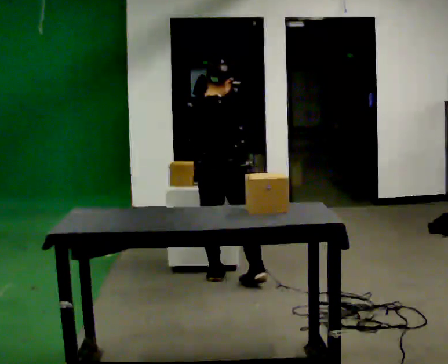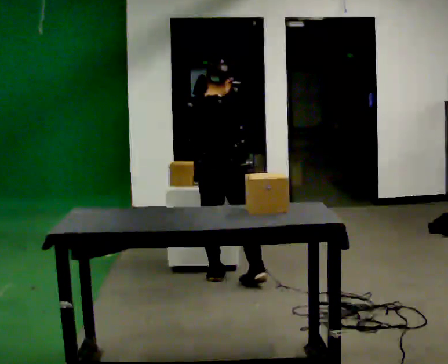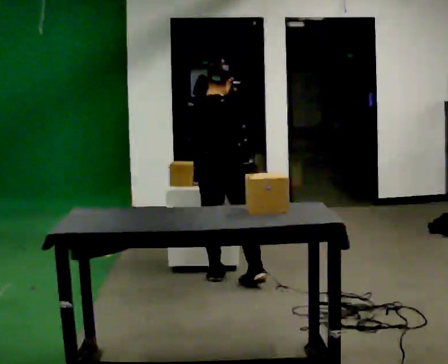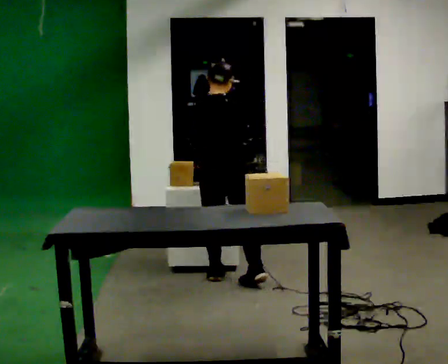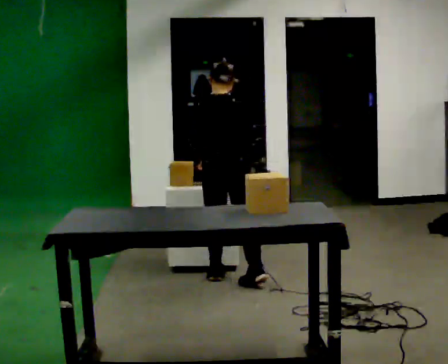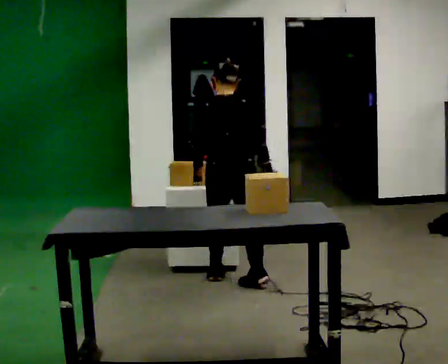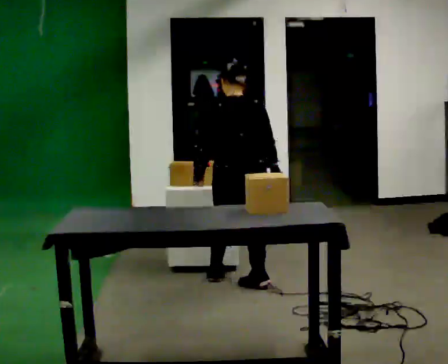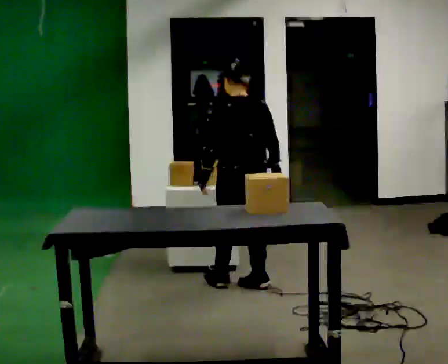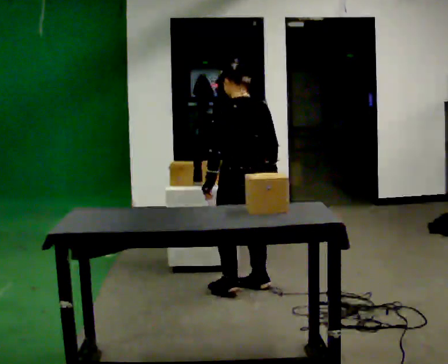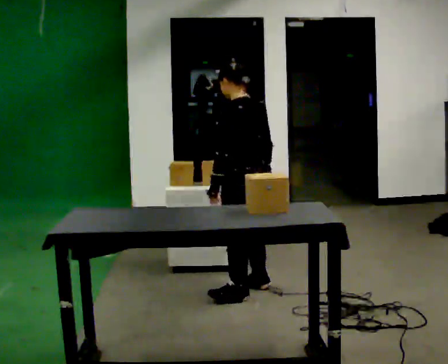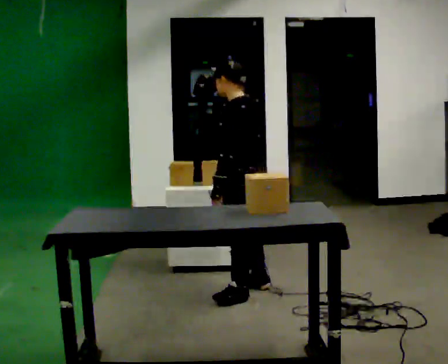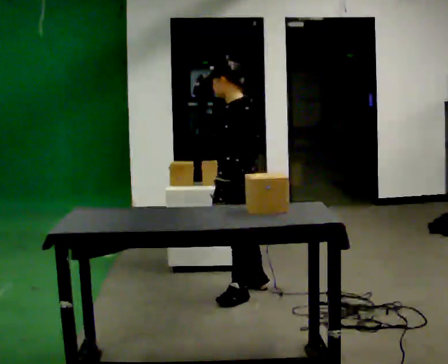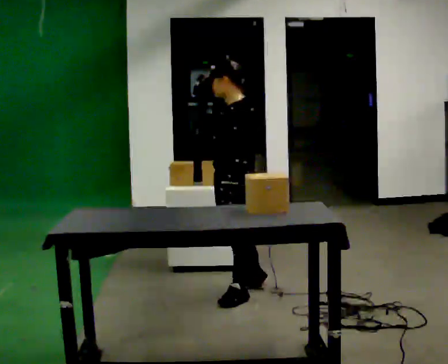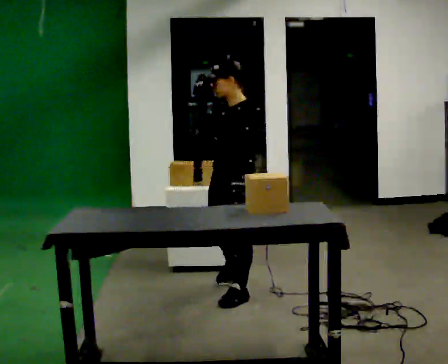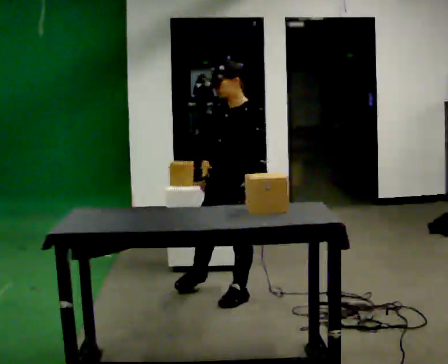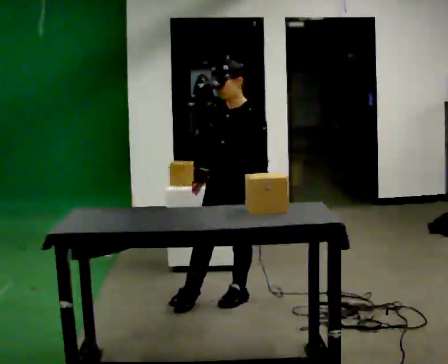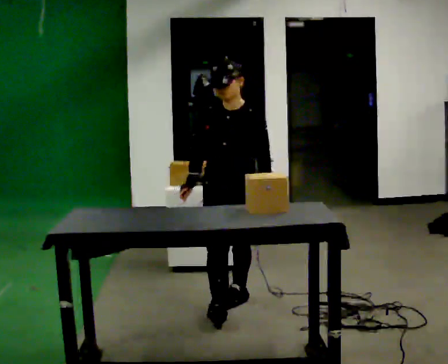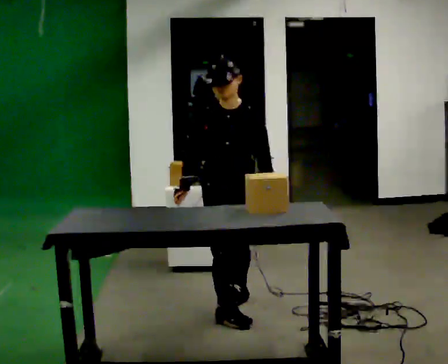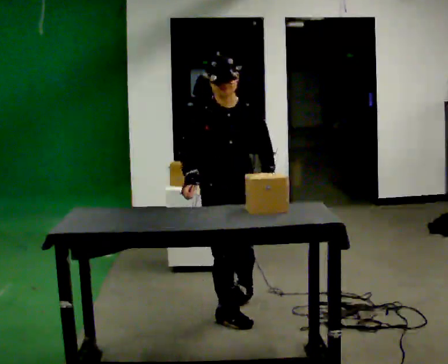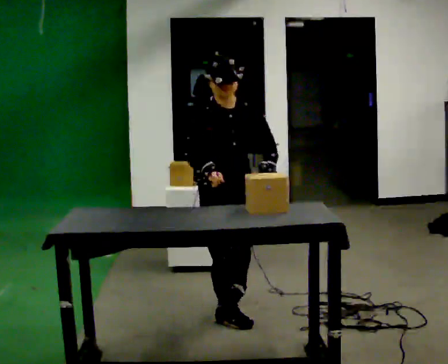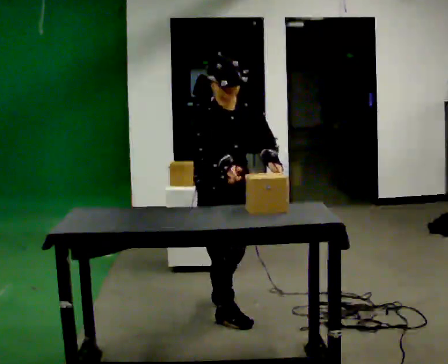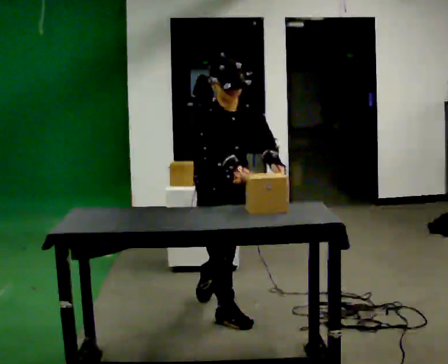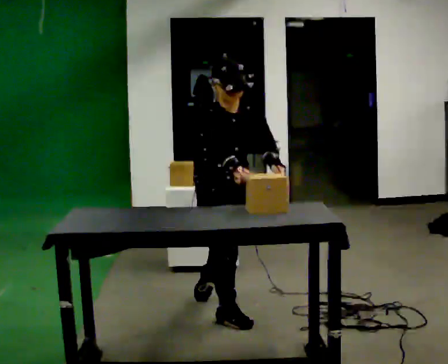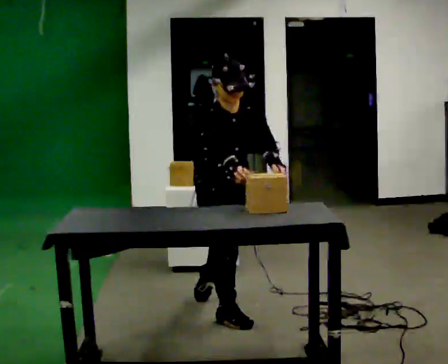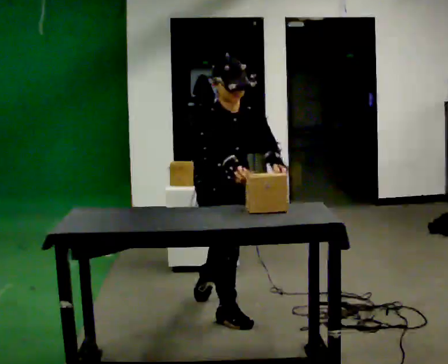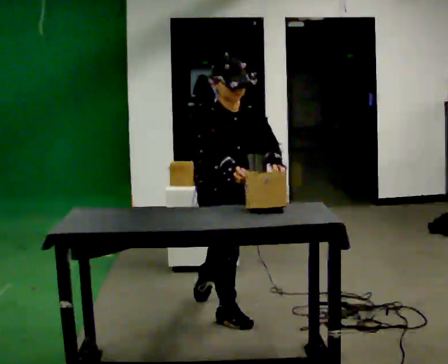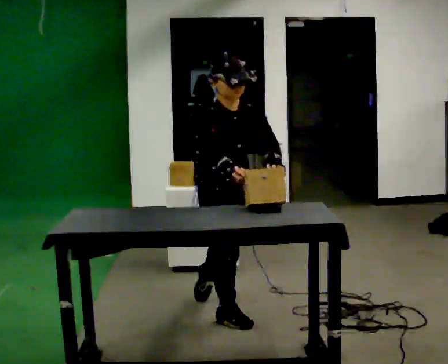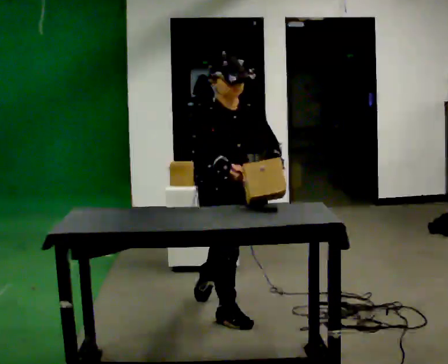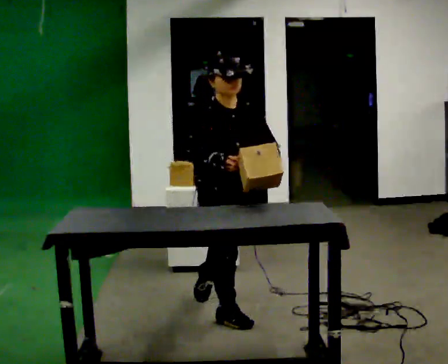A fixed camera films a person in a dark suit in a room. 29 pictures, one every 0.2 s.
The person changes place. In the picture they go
toward the camera.
The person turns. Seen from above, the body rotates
counterclockwise.
0.0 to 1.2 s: The person turns about 45 degrees to their left, counterclockwise seen from above, so the part of the body nearest the lens slides to the right.
1.2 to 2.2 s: Seen from above the body turns counterclockwise, about 75 degrees: to their left, with its near side sliding to the right. In the picture they go toward the camera, about 0.25 m in 1 step.
2.2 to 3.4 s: Seen from above the body turns counterclockwise, about 90 degrees: to their left, with its near side sliding to the right. In the picture they go toward the camera, about 0.25 m in 1 step.
3.4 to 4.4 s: Seen from above the body turns counterclockwise, about 30 degrees: to their left, with its near side sliding to the right. In the picture they go toward the camera, about 0.25 m in 1 step, which for them is to their right.
4.4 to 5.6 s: The person moves a little, or ends about where they began.
The film runs backward here.
